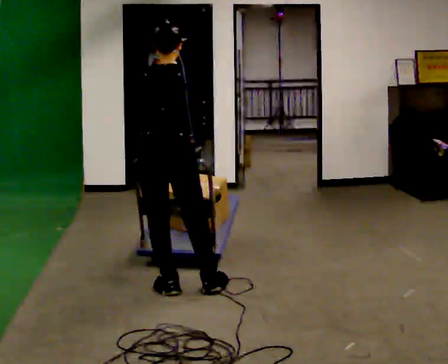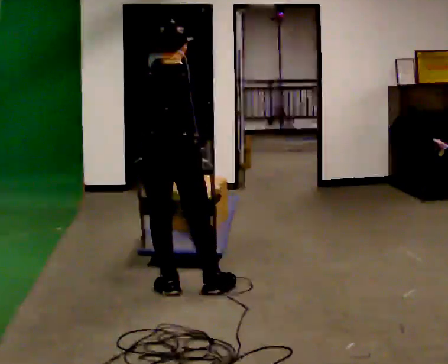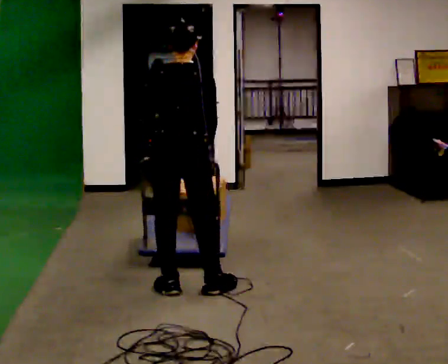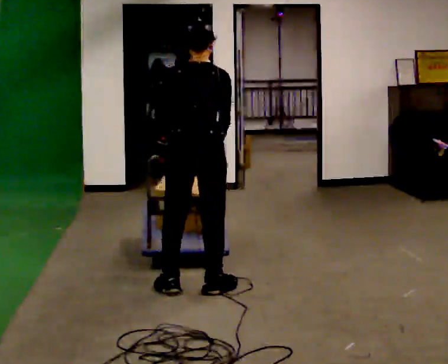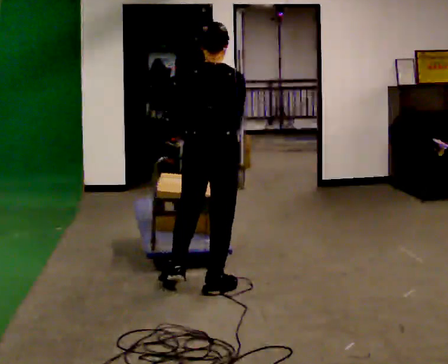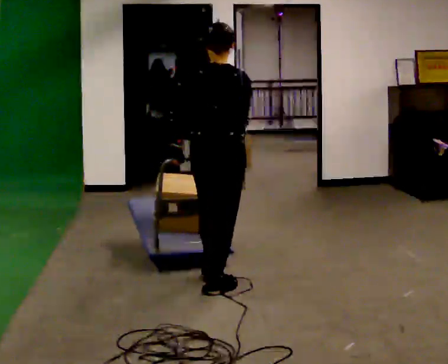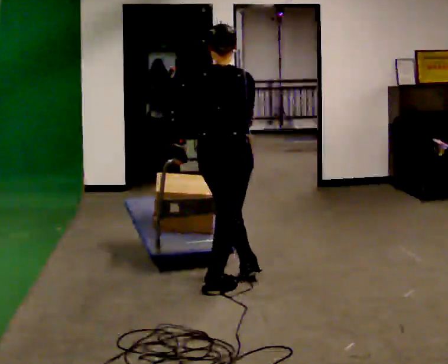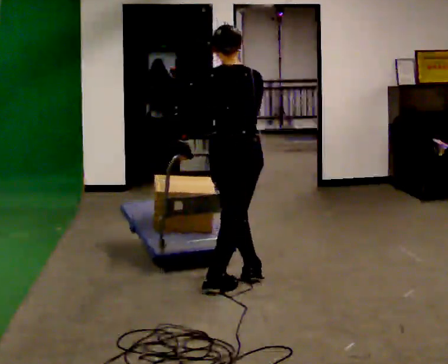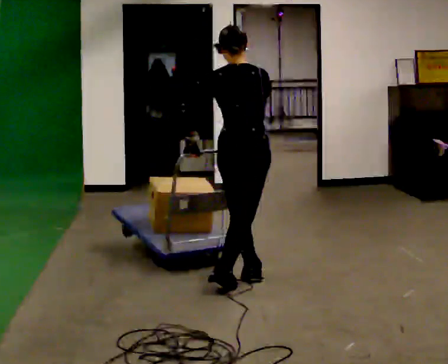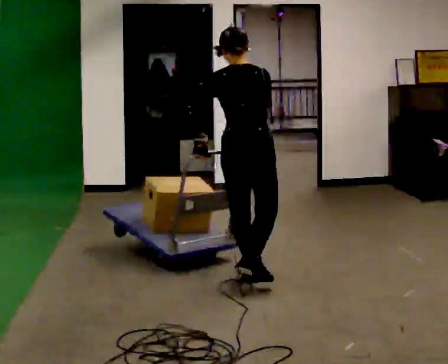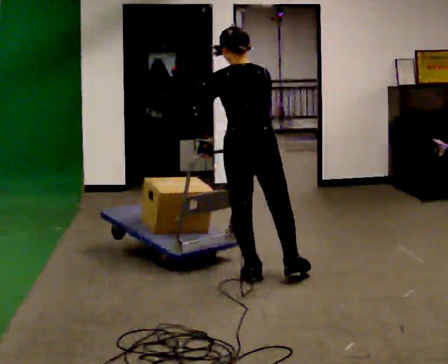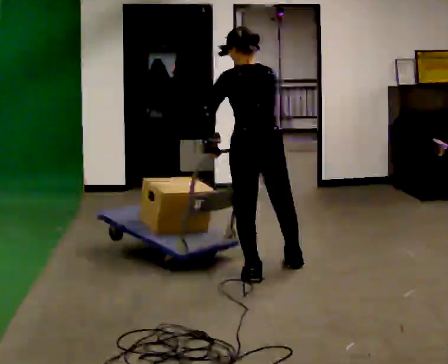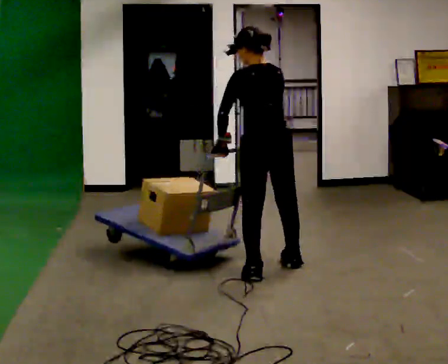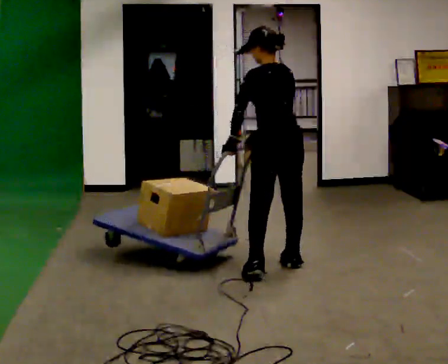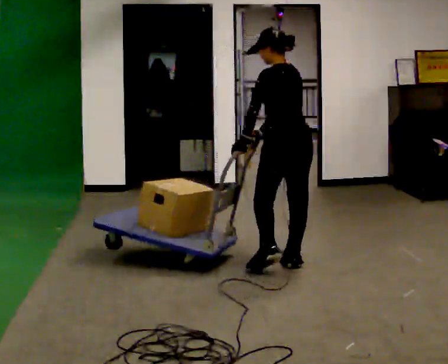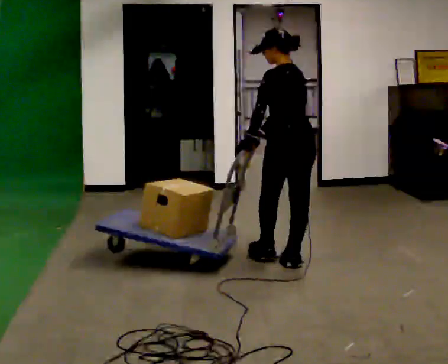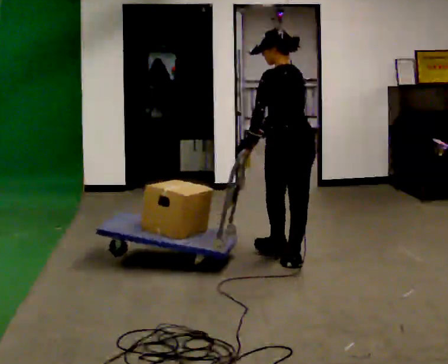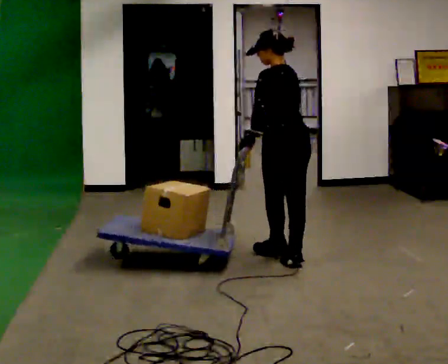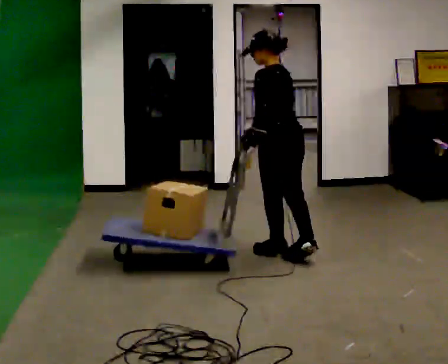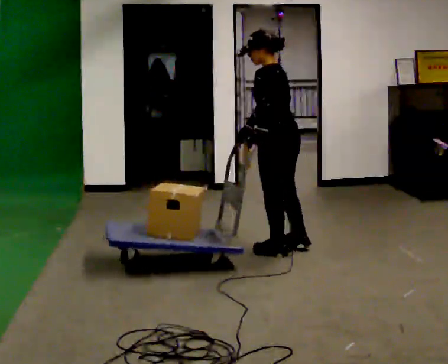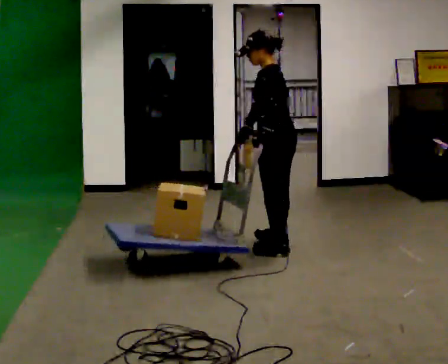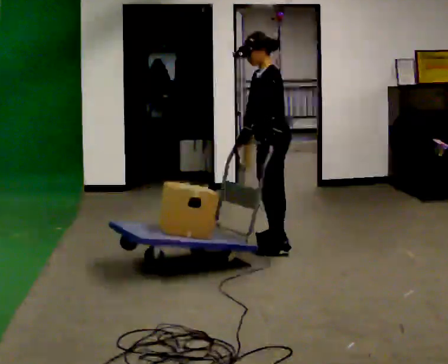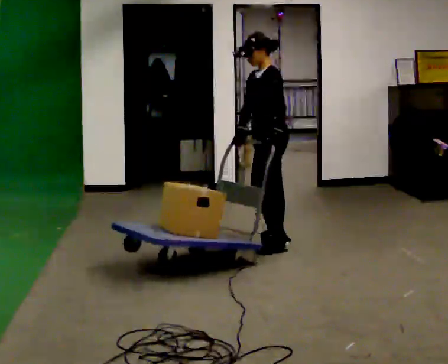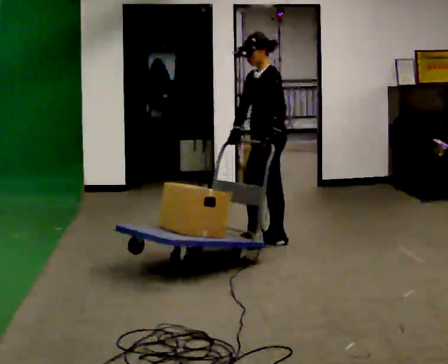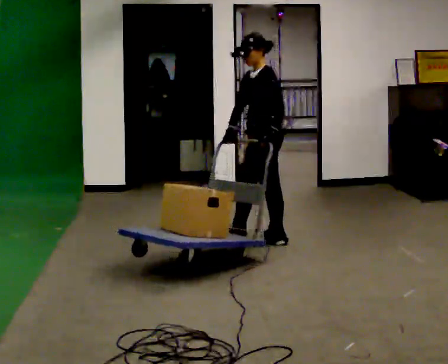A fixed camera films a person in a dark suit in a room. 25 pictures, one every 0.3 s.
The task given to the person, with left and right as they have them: Turn the cart round to face the other way without moving it out of the marked square, then turn it back. Repeat until the operator says stop.
0.0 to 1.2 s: In the picture they go to the right, about 0.25 m, which for them is to their right.
1.2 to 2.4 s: In the picture they go away from the camera and to the right, about 0.25 m in 1 step, which for them is forward and to their right.
2.4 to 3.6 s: Seen from above the body turns counterclockwise, about 45 degrees: to their left, with its near side sliding to the right. In the picture they go away from the camera and to the right, about 0.25 m in 1 step, which for them is to their right and forward.
3.6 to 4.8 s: In the picture they go away from the camera, about 0.25 m in 1 step, which for them is to their right.
4.8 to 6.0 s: The part of the body nearest the lens slides to the right as the person turns to their left by about 45 degrees. In the picture they go away from the camera, about 0.25 m in 1 step, which for them is forward and to their right.
6.0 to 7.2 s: Seen from above the body turns counterclockwise, about 30 degrees: to their left, with its near side sliding to the right. In the picture they go away from the camera, about 0.25 m in 1 step, which for them is to their right.
The film runs forward here.
